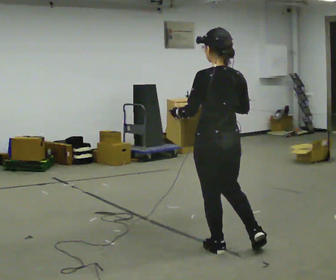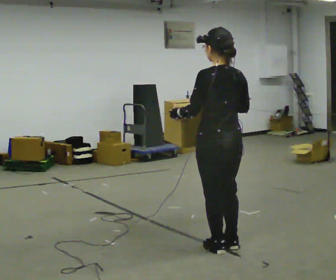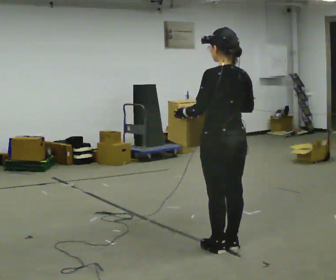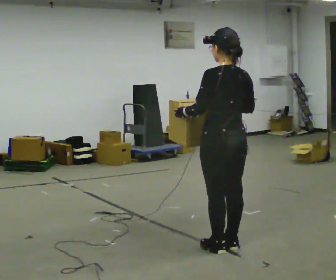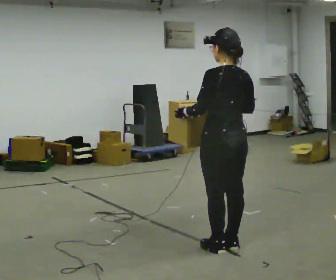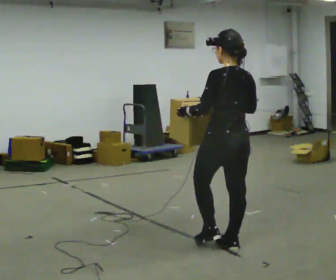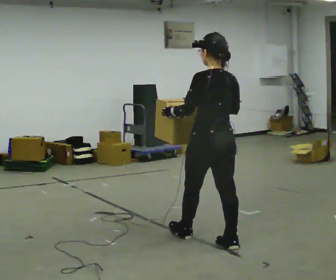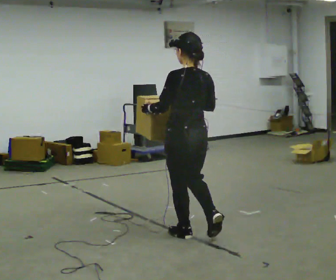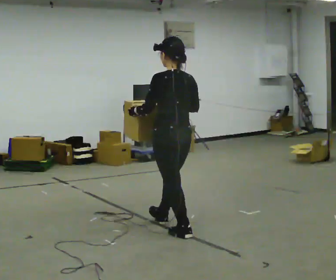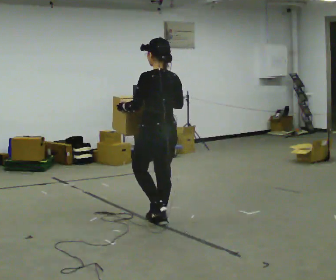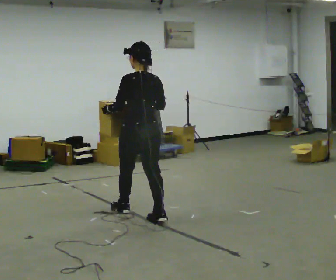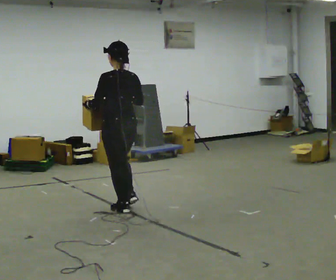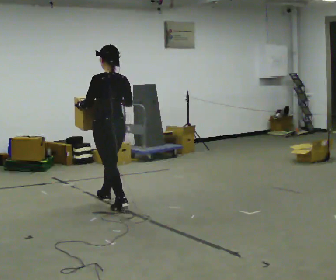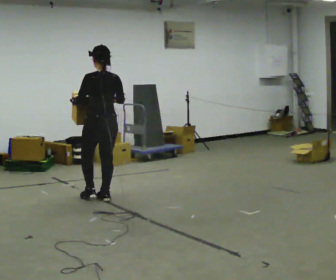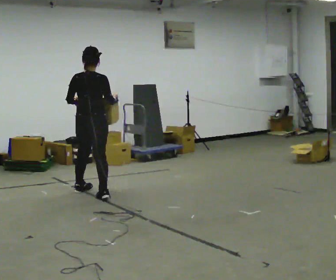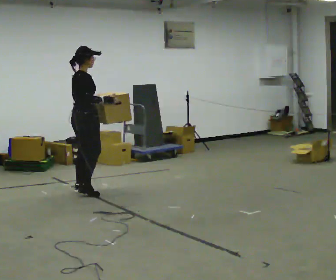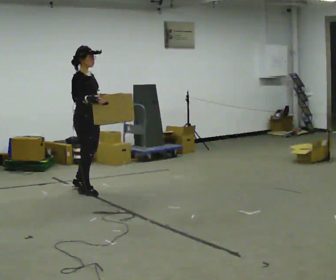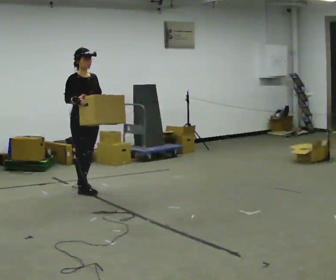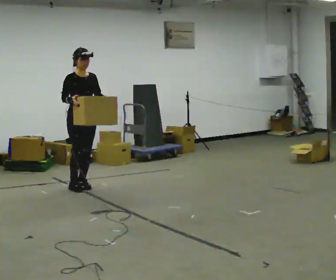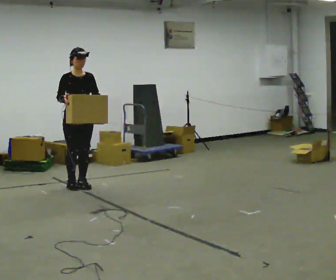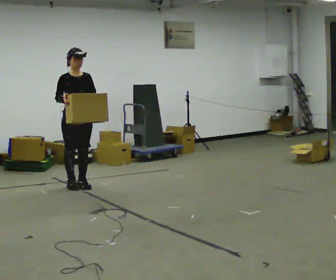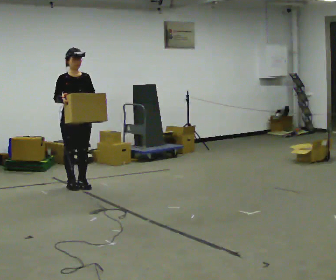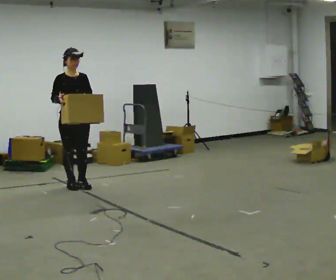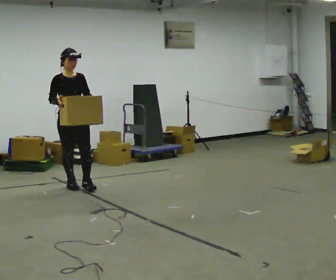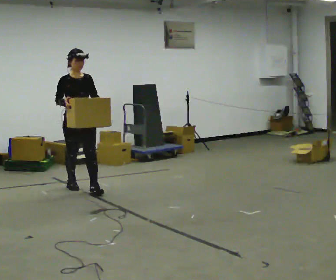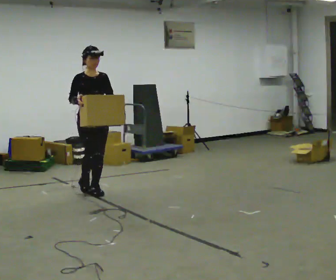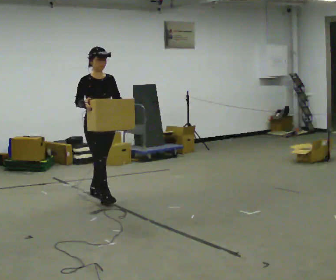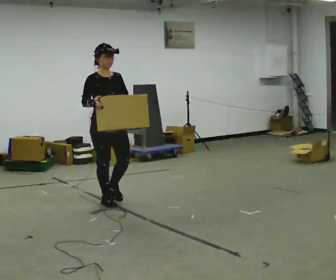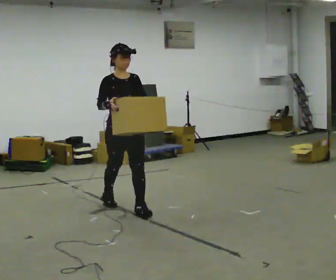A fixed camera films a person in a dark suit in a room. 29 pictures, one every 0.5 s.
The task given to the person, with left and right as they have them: Carry the box across the room much more slowly and carefully than normal, back and forth.
0.0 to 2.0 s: The person moves a little, or ends about where they began.
2.0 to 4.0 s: In the picture they go away from the camera and to the left, about 0.75 m in 2 steps, which for them is forward.
4.0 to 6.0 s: In the picture they go away from the camera and to the left, about 1 m in 2 steps, which for them is forward.
6.0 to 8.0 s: The person turns about 150 degrees to their right, clockwise seen from above, so the part of the body nearest the lens slides to the left. In the picture they go away from the camera and to the left, about 0.75 m in 2 steps.
8.0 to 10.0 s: The person turns about 45 degrees to their right, clockwise seen from above, so the part of the body nearest the lens slides to the left. In the picture they go away from the camera, about 0.25 m in 2 steps, which for them is backward.
10.0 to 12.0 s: In the picture they go toward the camera, about 0.25 m in 1 step, which for them is forward.
12.0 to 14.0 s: In the picture they go toward the camera and to the right, about 1 m in 2 steps, which for them is forward.
The film runs forward here.
